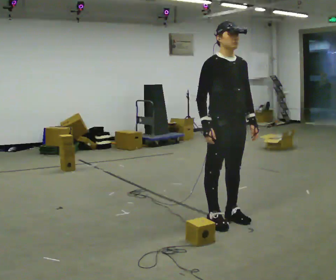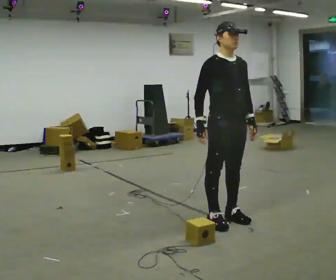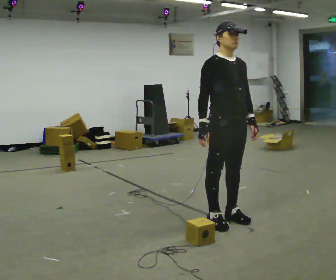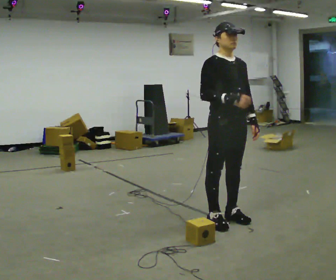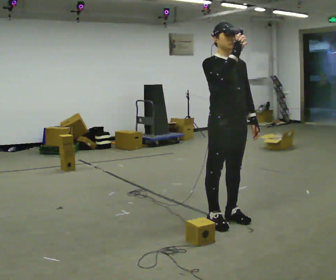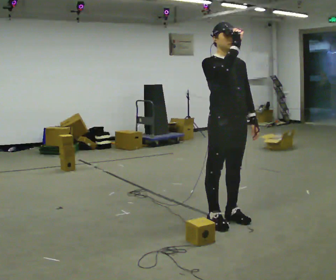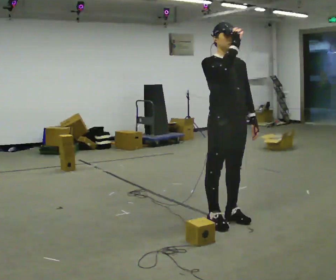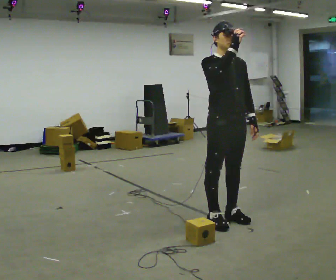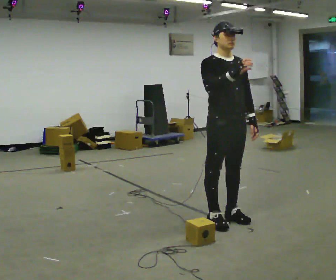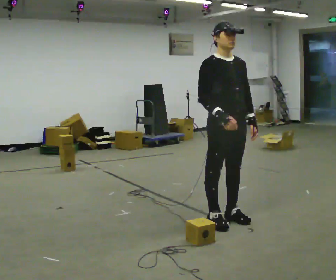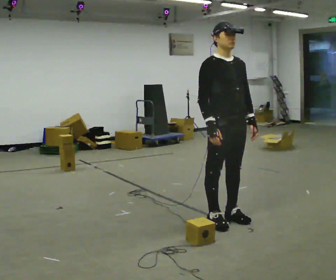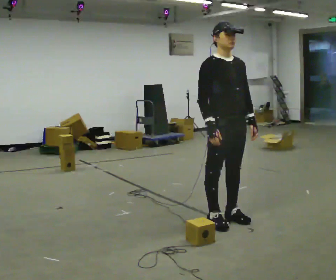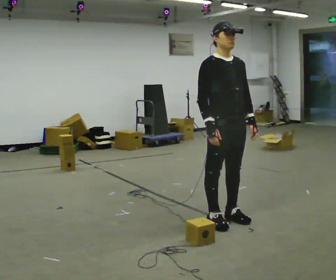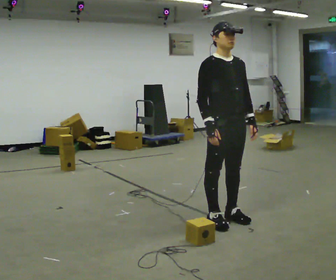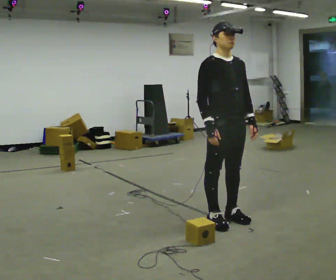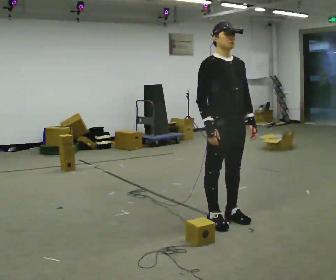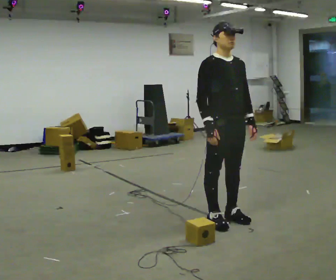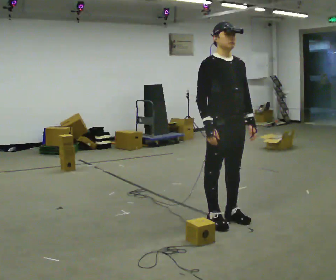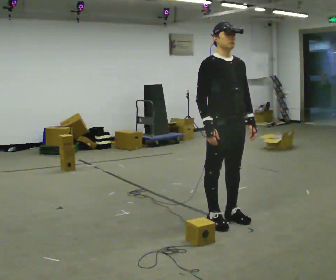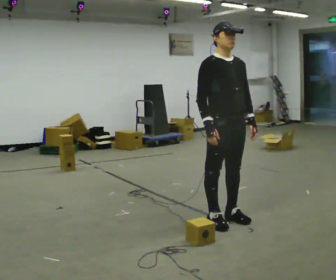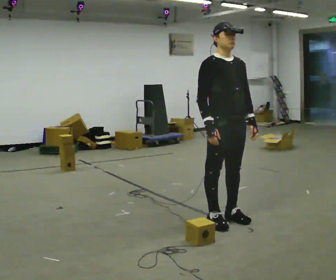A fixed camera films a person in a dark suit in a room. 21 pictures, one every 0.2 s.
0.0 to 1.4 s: In the picture their right hand goes upward.
1.4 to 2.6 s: In the picture their right hand goes downward.
2.6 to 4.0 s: The person keeps their place and pose.
The film runs backward here.
